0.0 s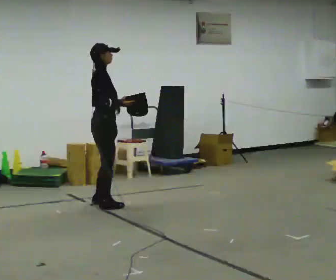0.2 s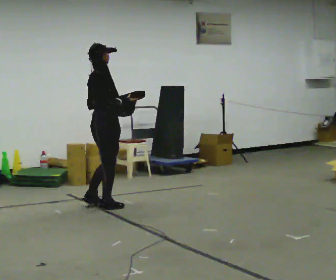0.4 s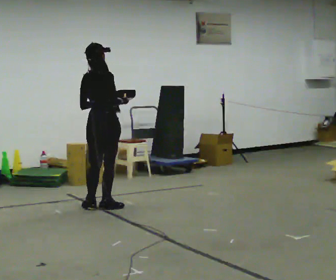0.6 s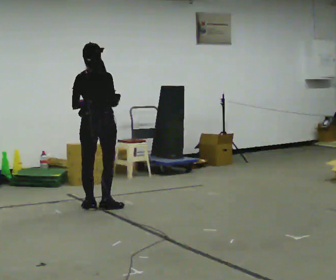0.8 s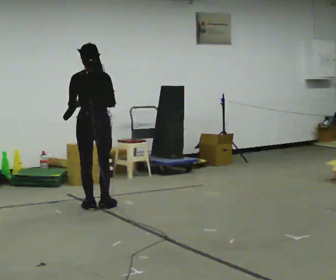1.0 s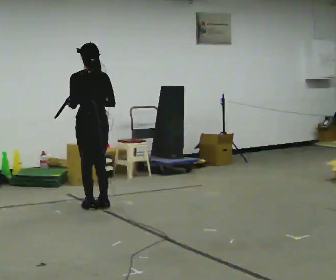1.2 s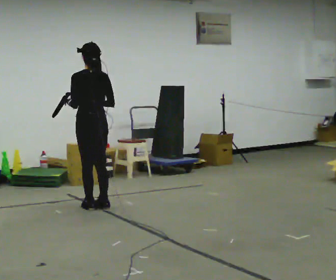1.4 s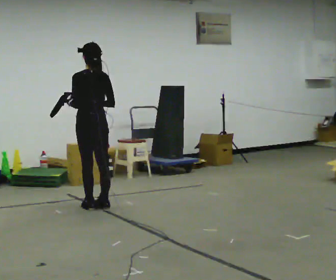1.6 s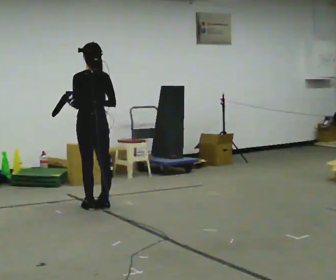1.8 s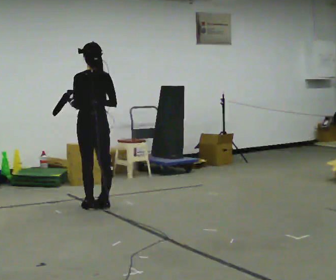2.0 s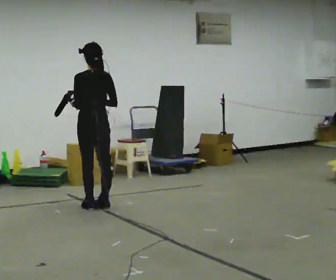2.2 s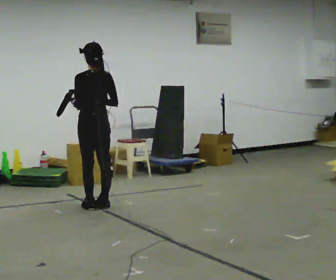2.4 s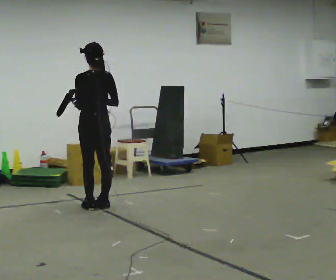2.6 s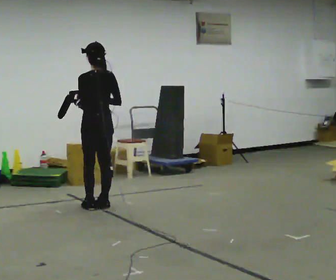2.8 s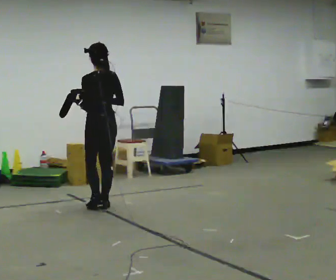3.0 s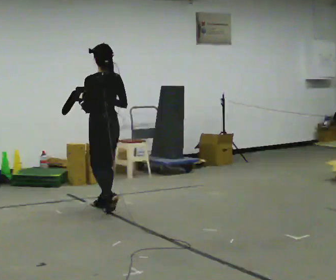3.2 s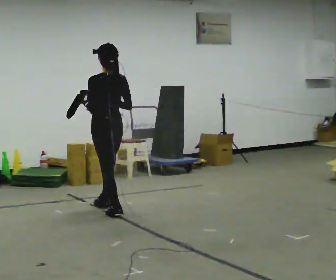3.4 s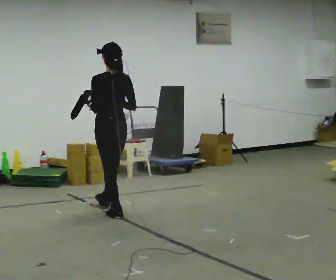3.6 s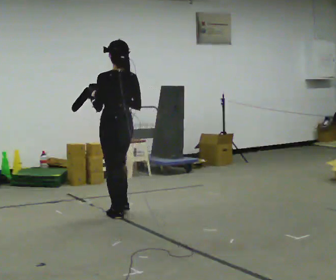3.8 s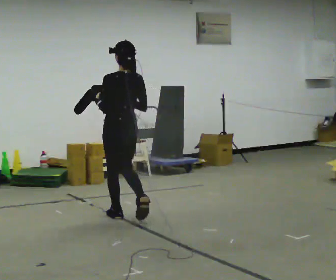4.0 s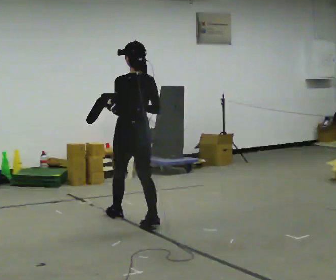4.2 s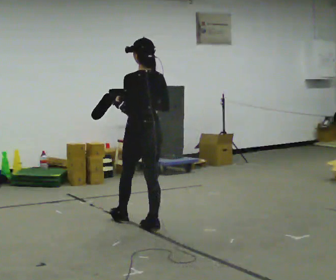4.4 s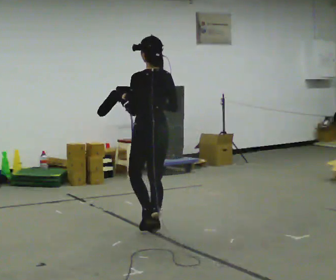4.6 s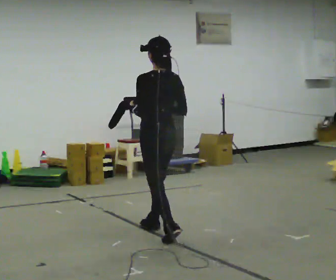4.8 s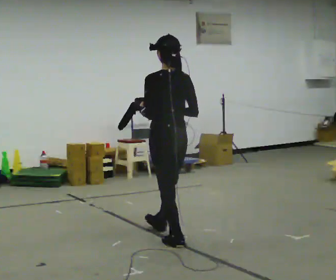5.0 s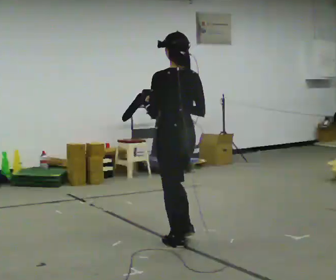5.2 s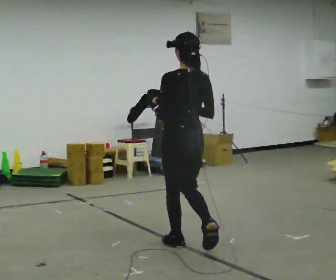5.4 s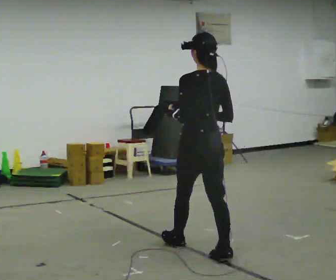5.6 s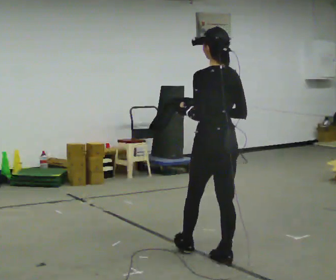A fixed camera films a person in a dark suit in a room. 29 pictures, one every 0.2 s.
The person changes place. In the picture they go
toward the camera.
0.0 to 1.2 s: The part of the body nearest the lens slides to the right as the person turns to their left by about 120 degrees.
1.2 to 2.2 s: The person moves a little, or ends about where they began.
2.2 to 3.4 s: In the picture they go toward the camera and to the right, about 0.25 m in 1 step, which for them is backward.
3.4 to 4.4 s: In the picture they go toward the camera and to the right, about 0.75 m in 2 steps, which for them is backward.
4.4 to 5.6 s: In the picture they go toward the camera and to the right, about 1 m in 2 steps, which for them is backward.
The film runs backward here.
